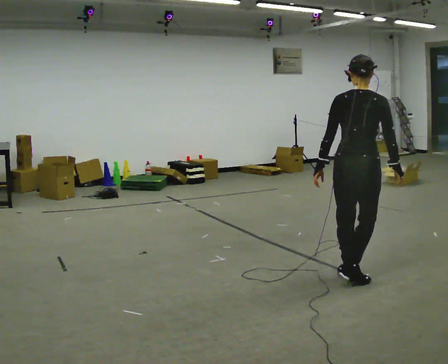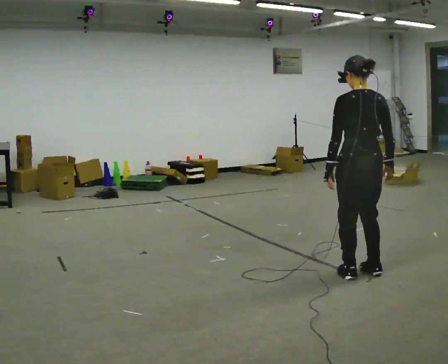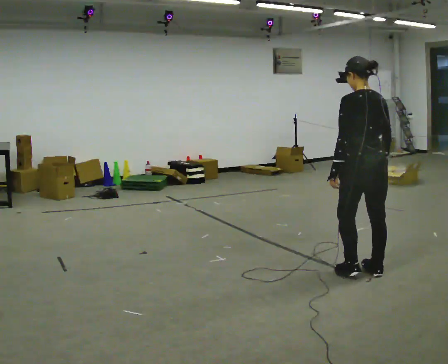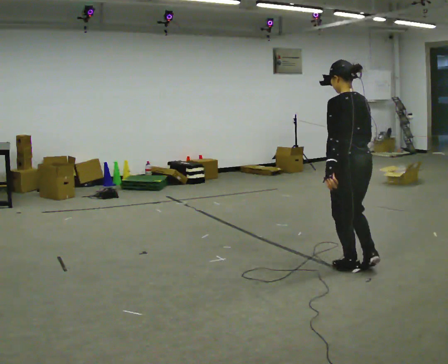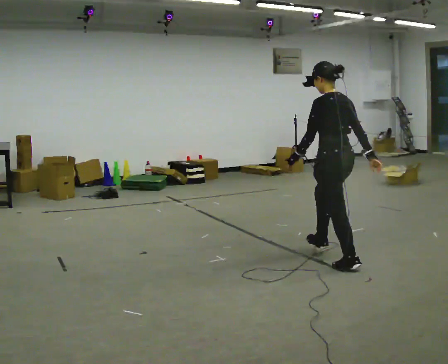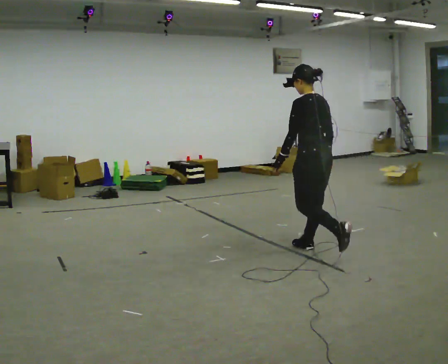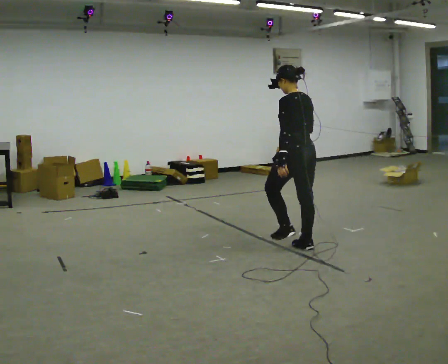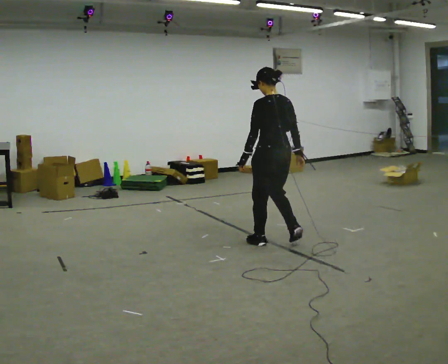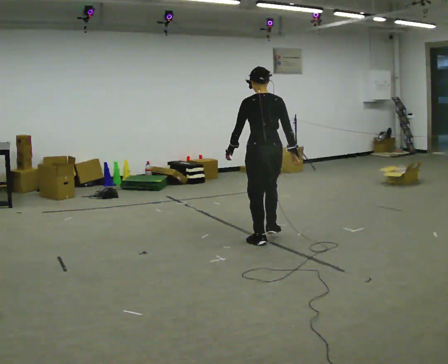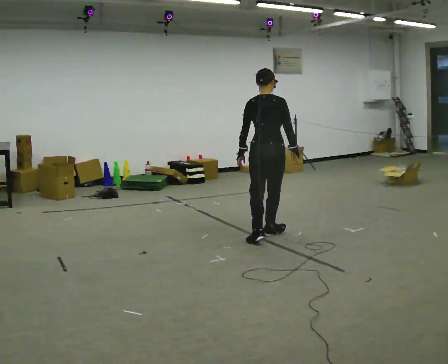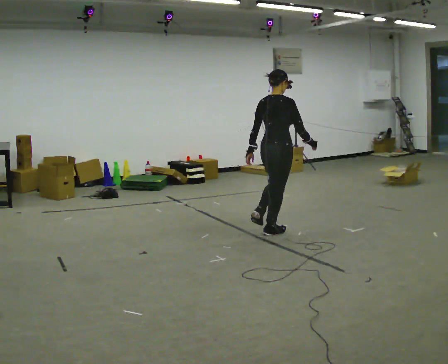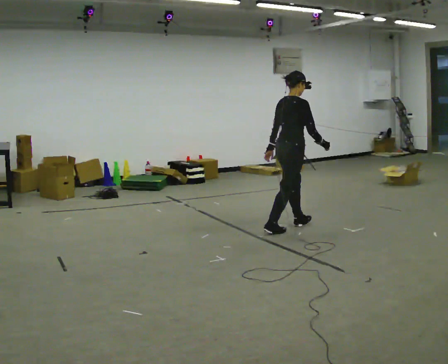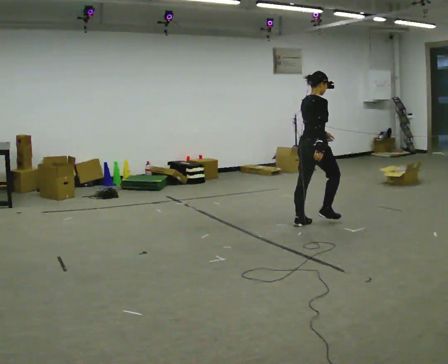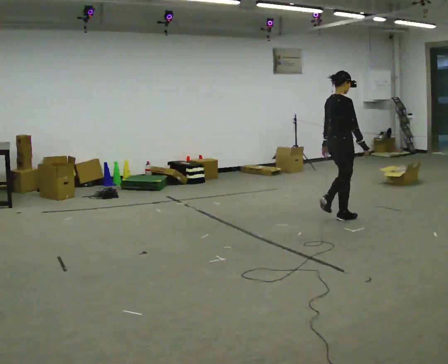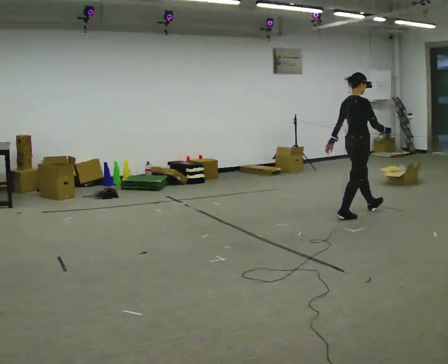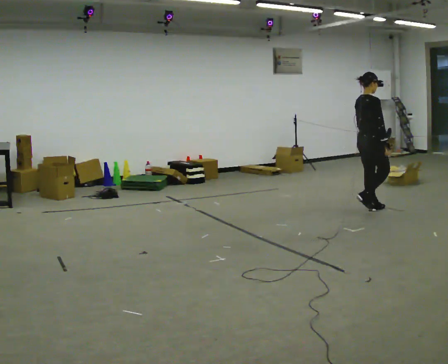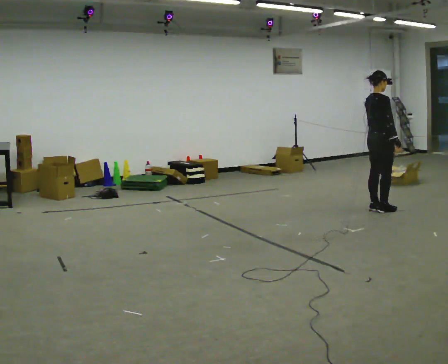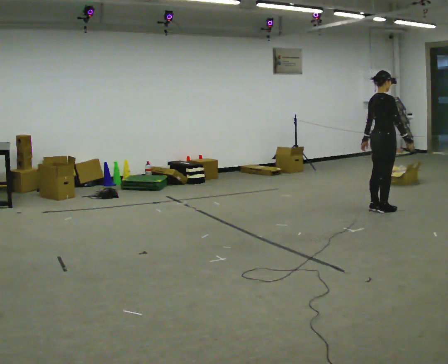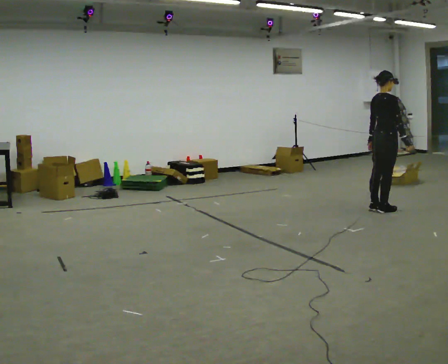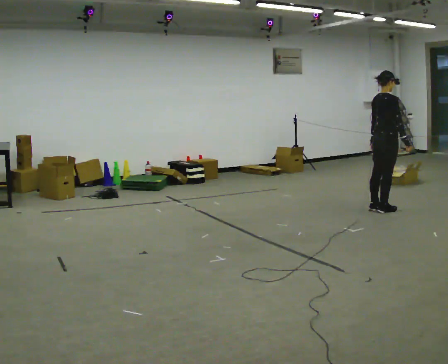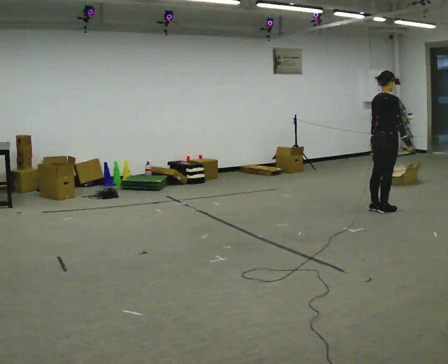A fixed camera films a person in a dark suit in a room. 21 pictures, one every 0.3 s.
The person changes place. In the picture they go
away from the camera.
0.0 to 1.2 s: The part of the body nearest the lens slides to the right as the person turns to their left by about 60 degrees. In the picture they go away from the camera, about 0.5 m in 2 steps, which for them is forward.
1.2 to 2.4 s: The person turns about 30 degrees to their right, clockwise seen from above, so the part of the body nearest the lens slides to the left. In the picture they go away from the camera and to the left, about 1 m in 2 steps, which for them is forward.
2.4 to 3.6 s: The part of the body nearest the lens slides to the left as the person turns to their right by about 75 degrees. In the picture they go away from the camera and to the right, about 1 m in 2 steps.
3.6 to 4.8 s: In the picture they go to the right and away from the camera, about 1 m in 3 steps, which for them is forward.
4.8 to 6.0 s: The person moves a little, or ends about where they began.
The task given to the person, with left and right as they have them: Walk normally; turn left/right while slowing; after turn accelerate back to normal.
The film runs forward here.
